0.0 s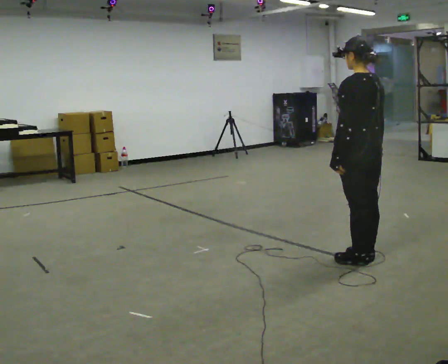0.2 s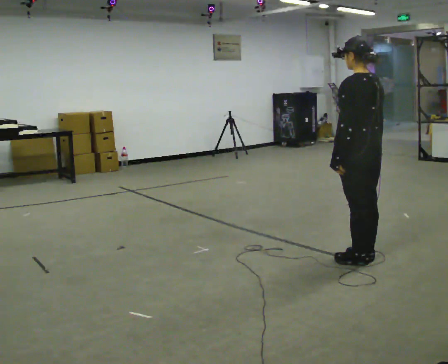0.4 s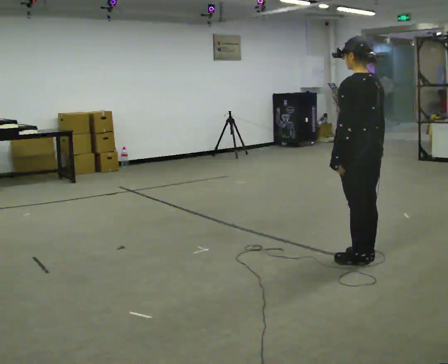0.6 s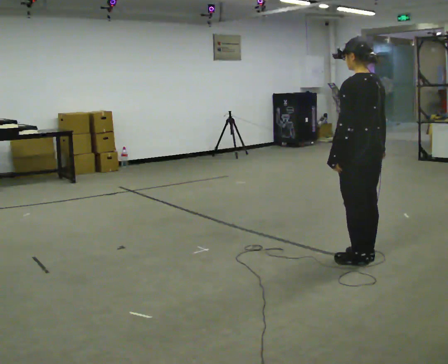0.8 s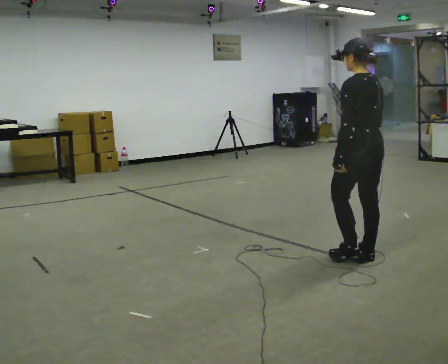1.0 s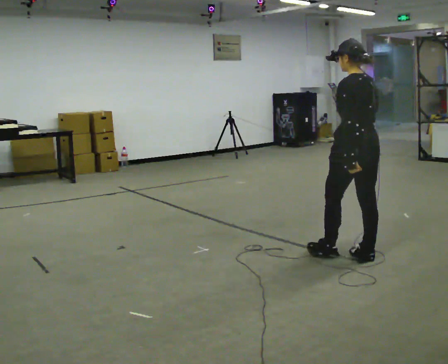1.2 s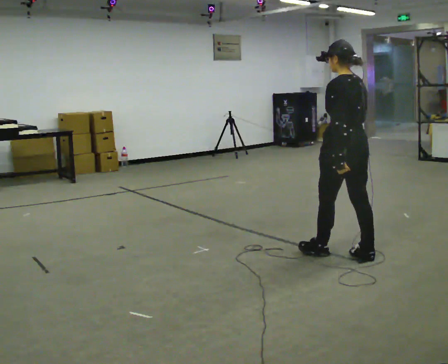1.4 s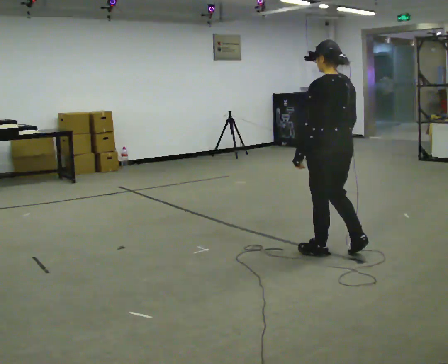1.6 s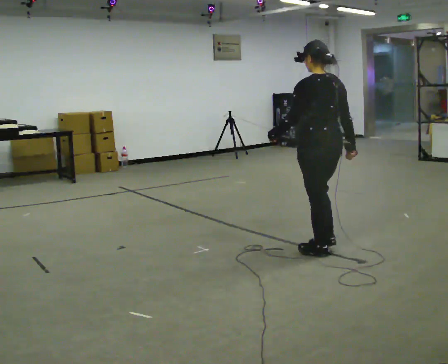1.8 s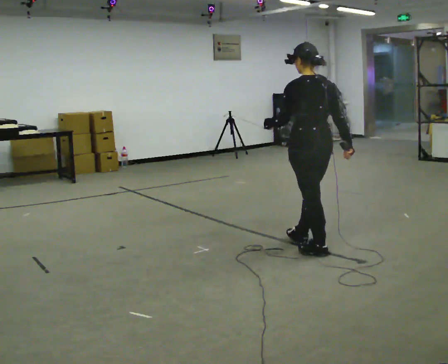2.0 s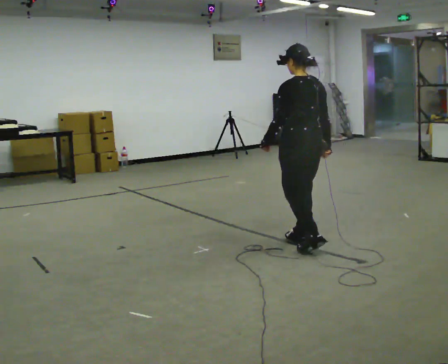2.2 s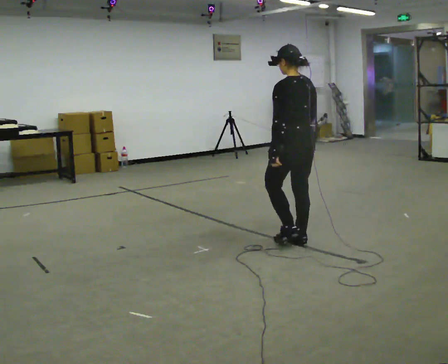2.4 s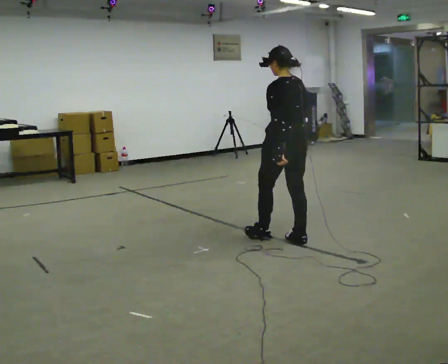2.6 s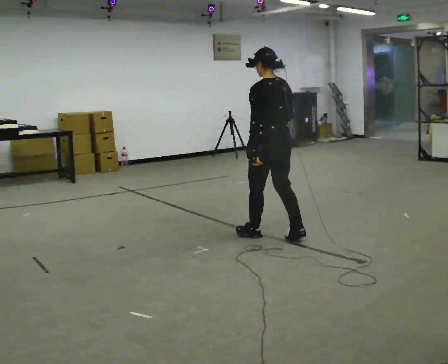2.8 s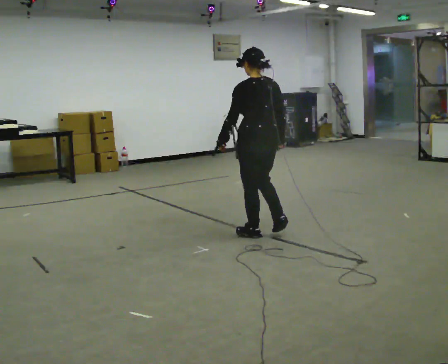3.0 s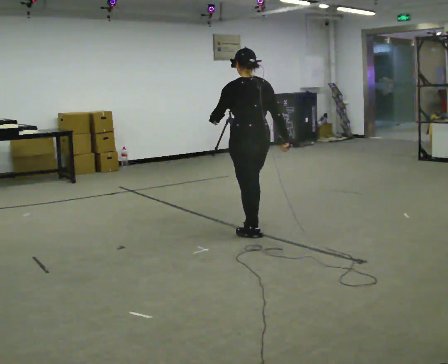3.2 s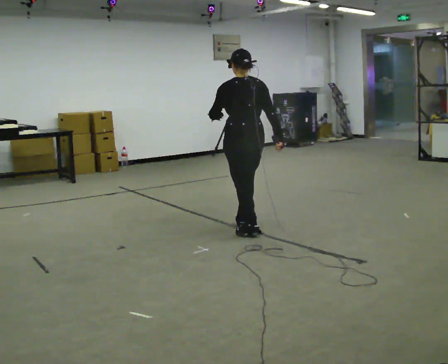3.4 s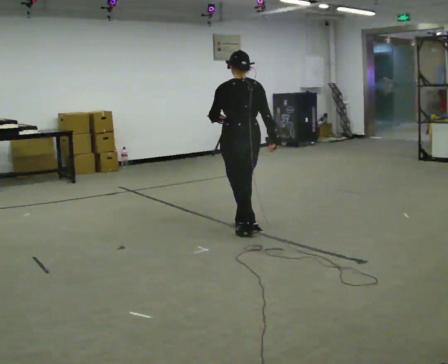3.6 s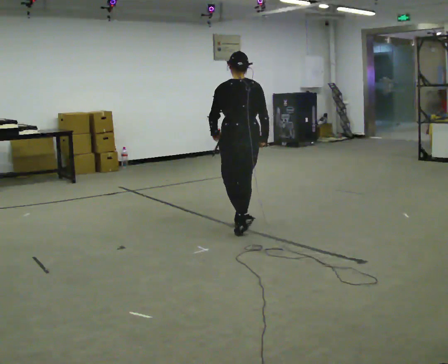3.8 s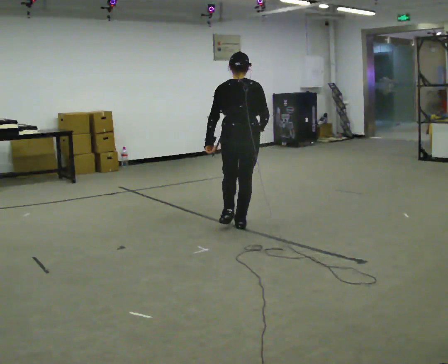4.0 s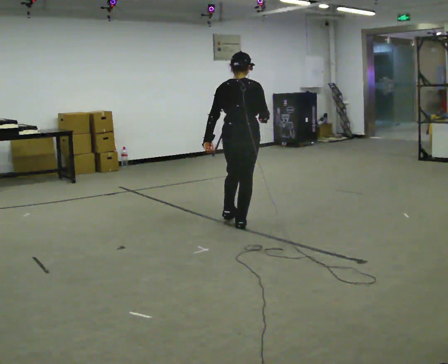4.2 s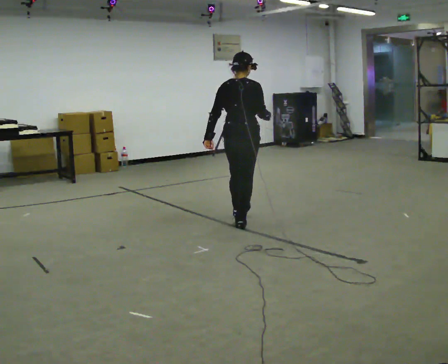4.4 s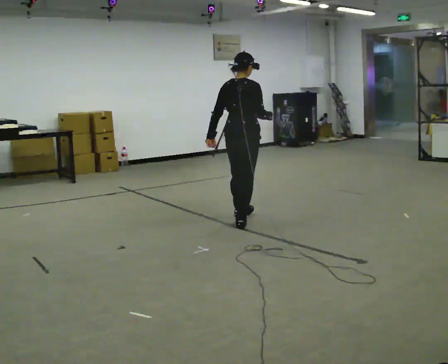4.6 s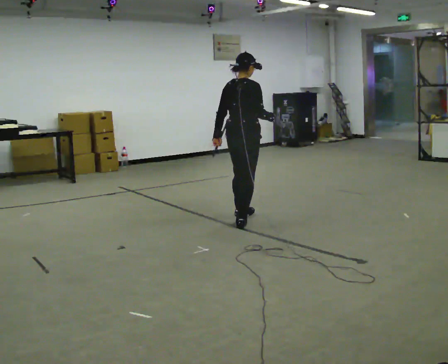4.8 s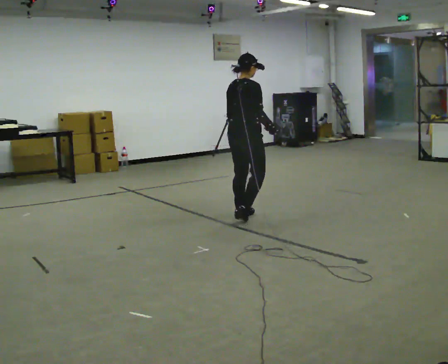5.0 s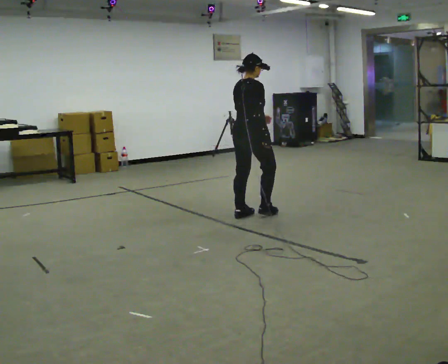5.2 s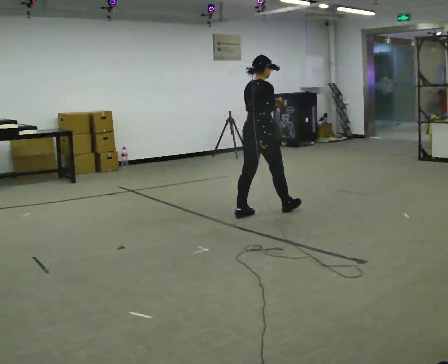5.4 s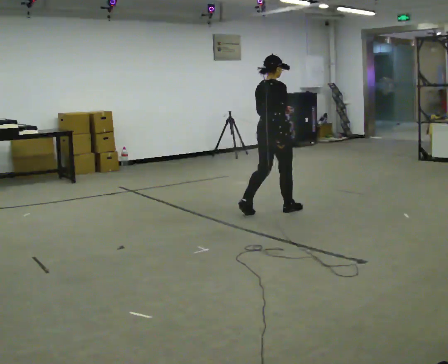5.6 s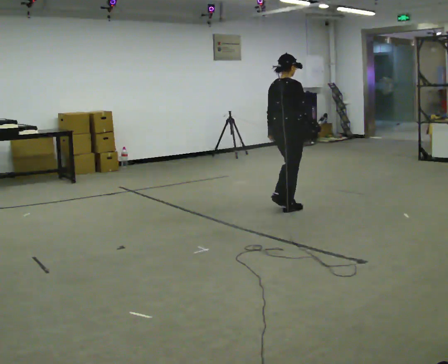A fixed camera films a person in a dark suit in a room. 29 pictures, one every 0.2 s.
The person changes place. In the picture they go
away from the camera.
The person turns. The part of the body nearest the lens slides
to the left.
0.0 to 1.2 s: The person moves a little, or ends about where they began.
1.2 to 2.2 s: In the picture they go away from the camera and to the left, about 0.5 m in 1 step, which for them is forward.
2.2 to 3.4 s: In the picture they go to the left and away from the camera, about 0.5 m in 2 steps, which for them is forward.
3.4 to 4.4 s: The part of the body nearest the lens slides to the left as the person turns to their right by about 60 degrees. In the picture they go away from the camera, about 0.25 m in 1 step.
4.4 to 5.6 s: In the picture they go to the right and away from the camera, about 0.5 m in 1 step, which for them is forward.
The film runs forward here.
